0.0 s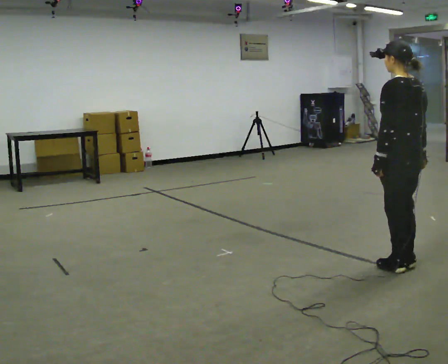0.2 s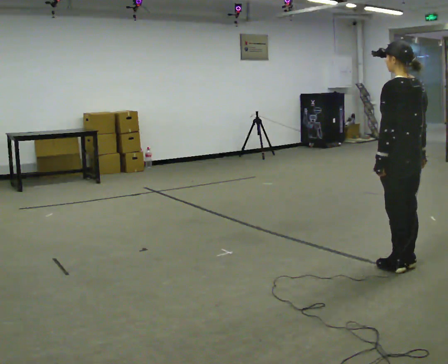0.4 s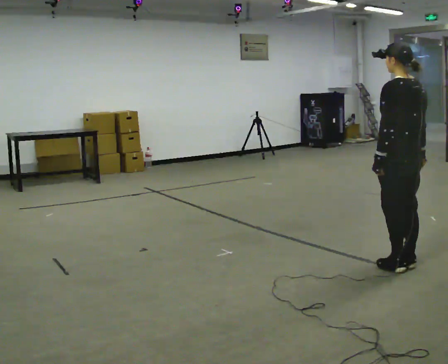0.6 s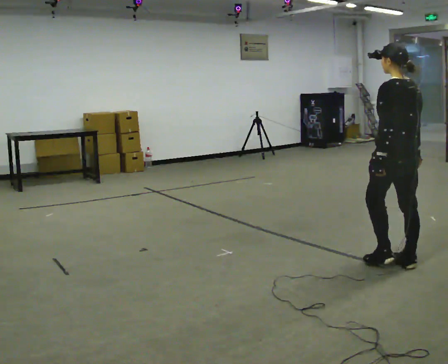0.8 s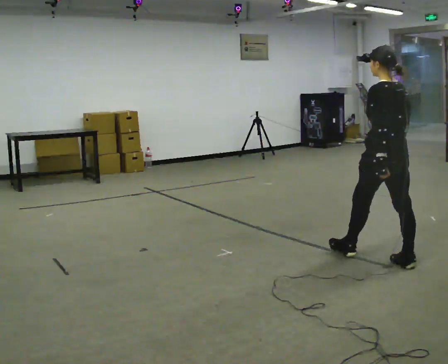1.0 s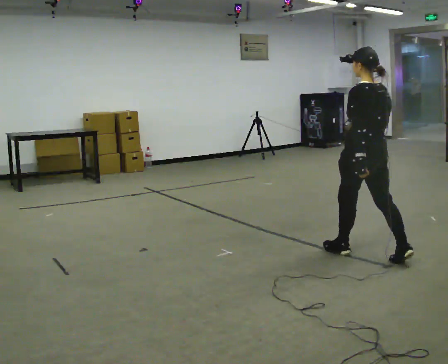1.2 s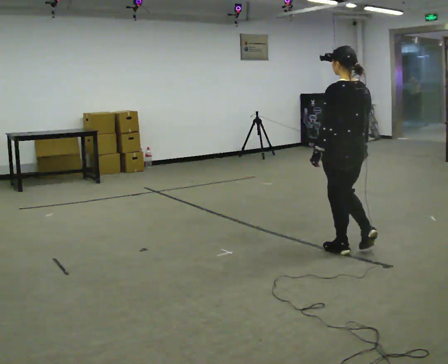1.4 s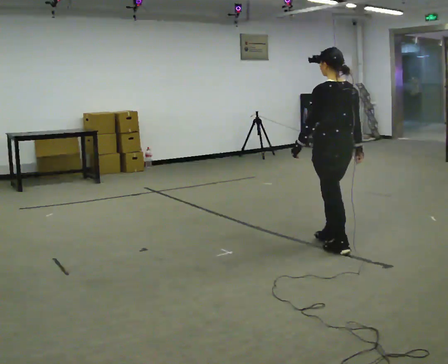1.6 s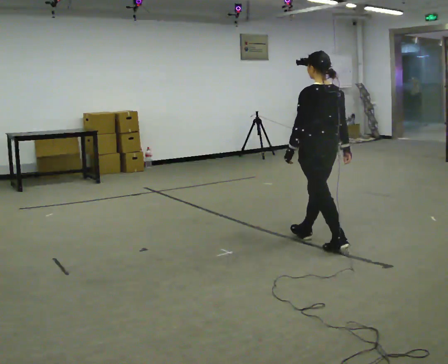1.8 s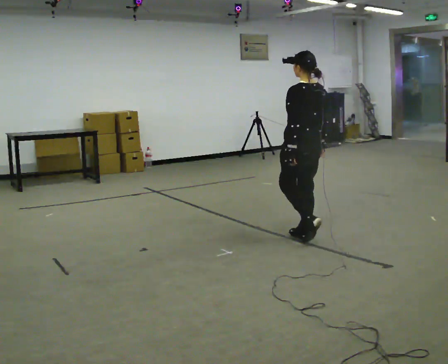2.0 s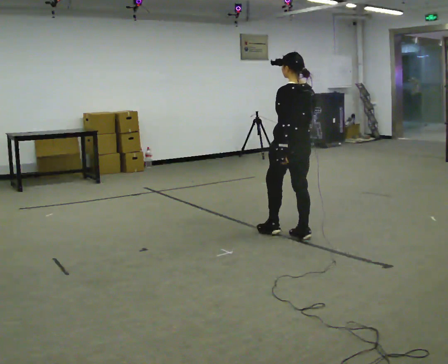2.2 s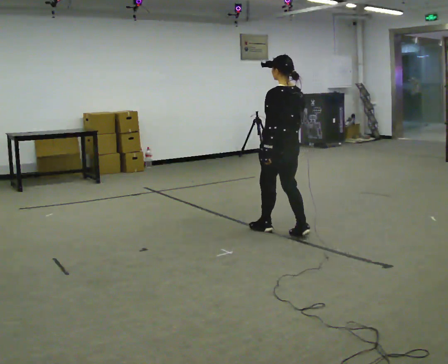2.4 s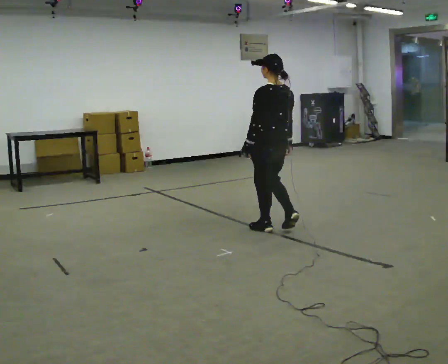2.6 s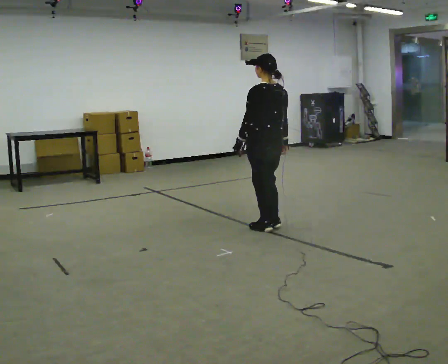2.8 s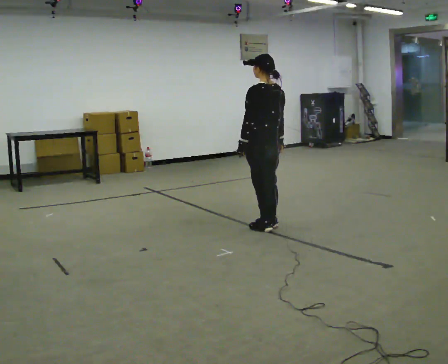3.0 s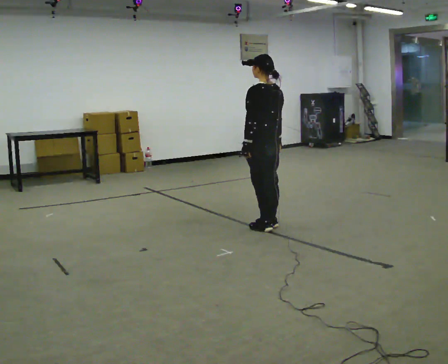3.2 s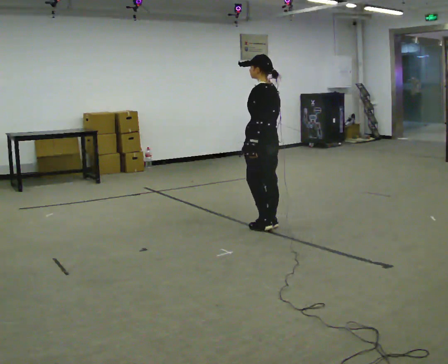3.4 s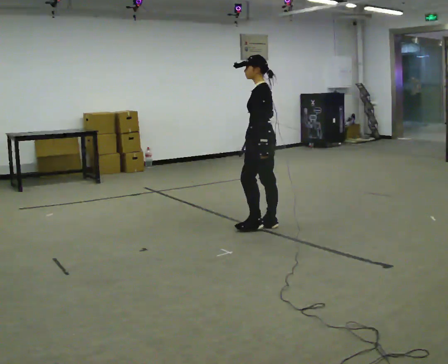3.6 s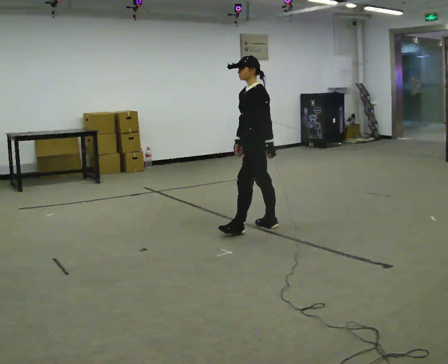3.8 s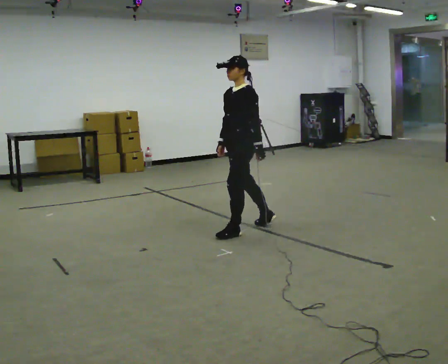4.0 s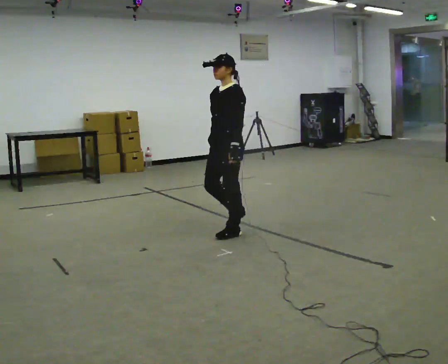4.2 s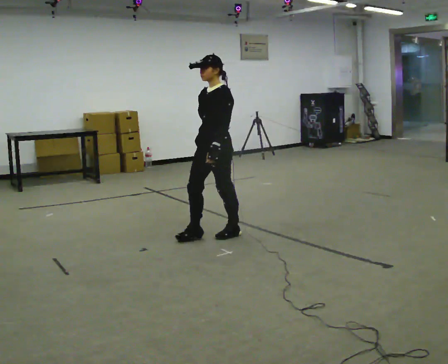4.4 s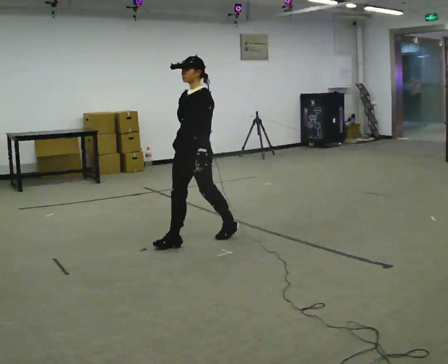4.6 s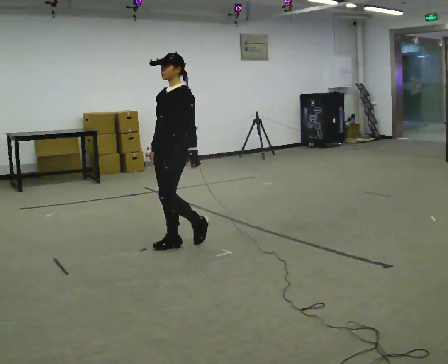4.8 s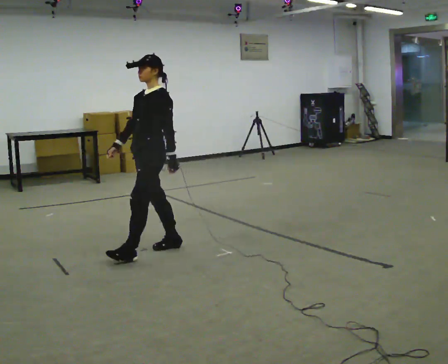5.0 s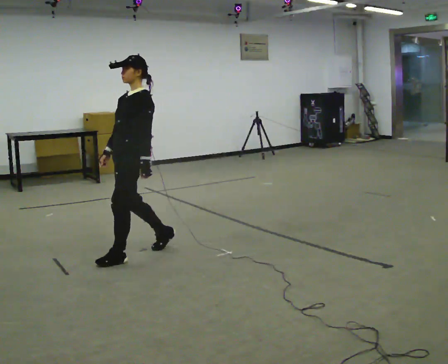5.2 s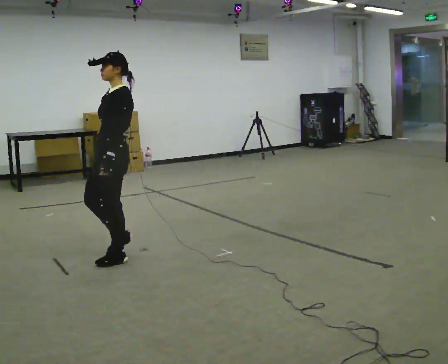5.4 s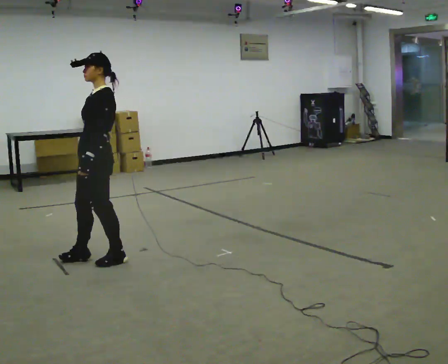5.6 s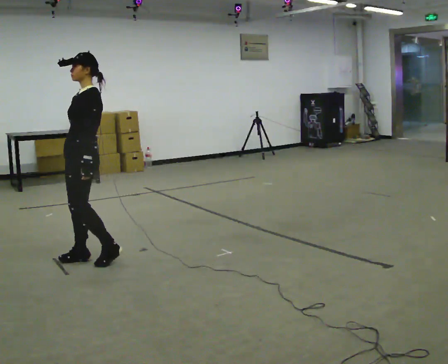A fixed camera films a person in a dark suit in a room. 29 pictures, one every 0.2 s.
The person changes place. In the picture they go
to the left.
0.0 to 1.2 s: In the picture they go away from the camera and to the left, about 0.5 m in 1 step, which for them is forward.
1.2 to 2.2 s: In the picture they go away from the camera and to the left, about 0.5 m in 2 steps, which for them is forward.
2.2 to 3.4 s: Seen from above the body turns counterclockwise, about 45 degrees: to their left, with its near side sliding to the right. In the picture they go away from the camera and to the left, about 0.25 m in 1 step, which for them is forward.
3.4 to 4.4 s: The part of the body nearest the lens slides to the right as the person turns to their left by about 45 degrees. In the picture they go to the left and toward the camera, about 0.75 m in 2 steps, which for them is forward.
4.4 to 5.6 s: In the picture they go to the left and toward the camera, about 1 m in 2 steps, which for them is forward.
The film runs forward here.
